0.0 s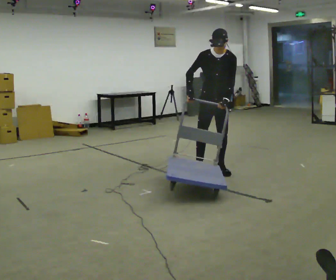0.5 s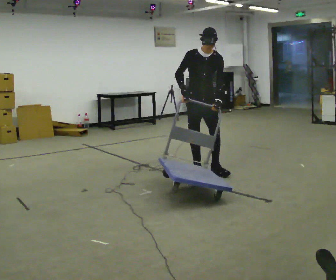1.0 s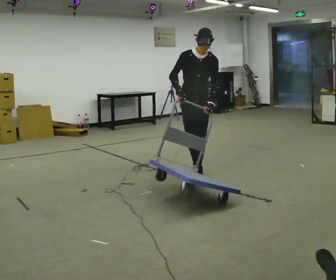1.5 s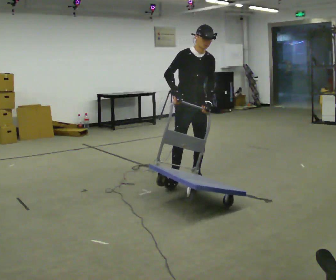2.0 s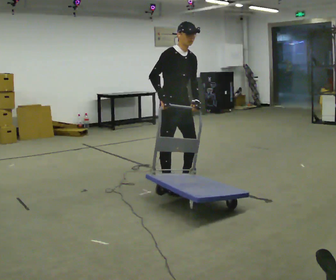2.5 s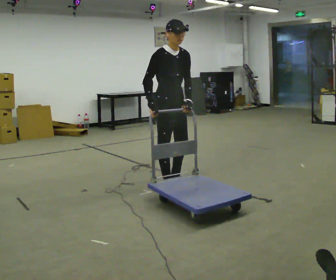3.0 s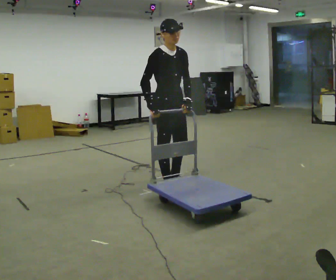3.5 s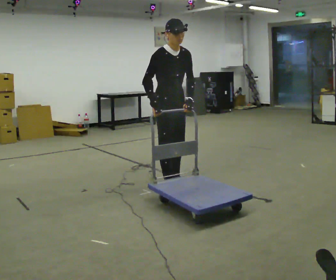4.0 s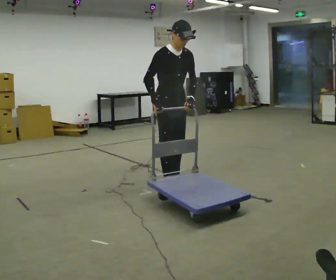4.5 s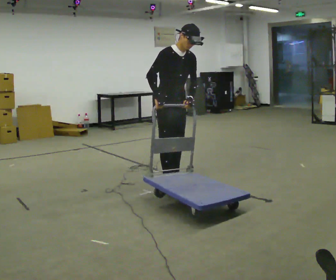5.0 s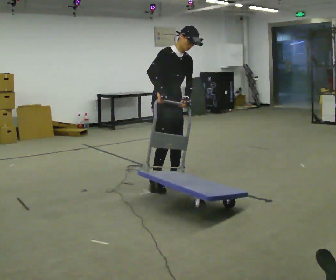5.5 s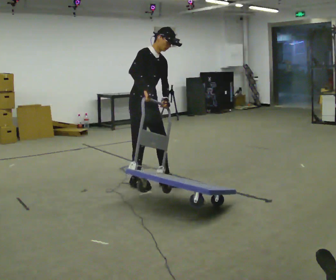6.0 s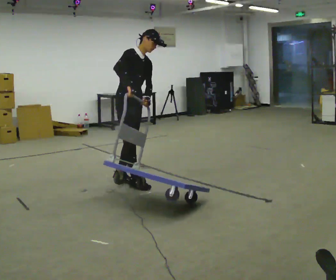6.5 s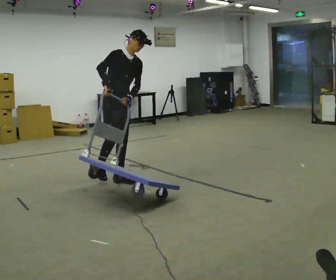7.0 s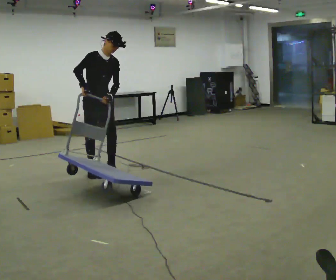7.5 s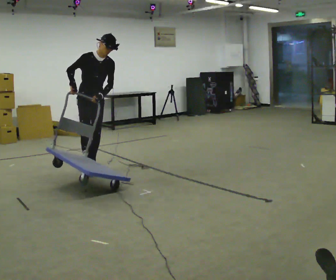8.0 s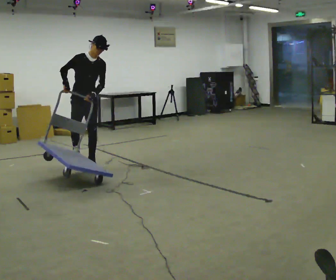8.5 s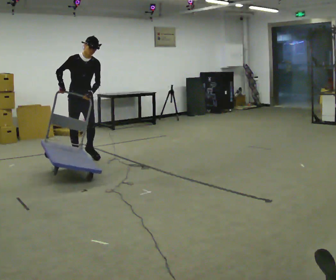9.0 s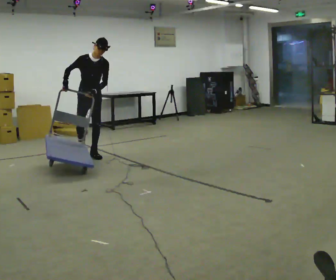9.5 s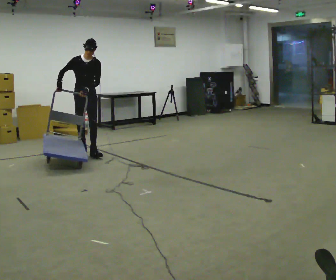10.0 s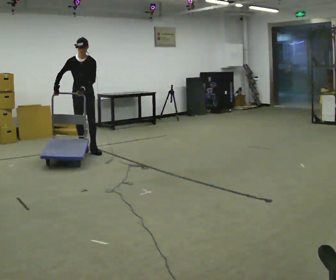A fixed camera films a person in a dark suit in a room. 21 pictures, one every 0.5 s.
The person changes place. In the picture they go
to the left.
The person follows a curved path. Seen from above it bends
clockwise.
0.0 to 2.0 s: Seen from above the body turns counterclockwise, about 45 degrees: to their left, with its near side sliding to the right. In the picture they go toward the camera and to the left, about 1 m in 3 steps, which for them is forward and to their right.
2.0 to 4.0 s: The person moves a little, or ends about where they began.
4.0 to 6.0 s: In the picture they go to the left and away from the camera, about 0.5 m in 2 steps, which for them is backward and to their right.
6.0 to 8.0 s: Seen from above the body turns clockwise, about 30 degrees: to their right, with its near side sliding to the left. In the picture they go away from the camera and to the left, about 1 m in 3 steps, which for them is backward.
8.0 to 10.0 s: In the picture they go away from the camera, about 1 m in 3 steps, which for them is backward.
The film runs backward here.
